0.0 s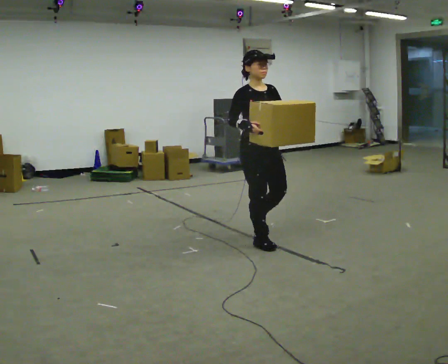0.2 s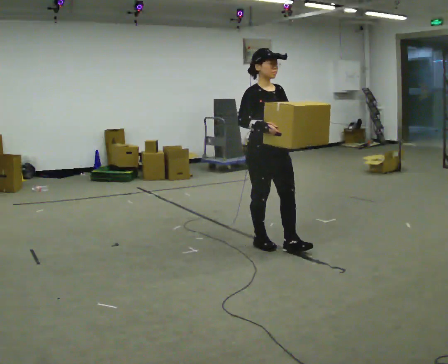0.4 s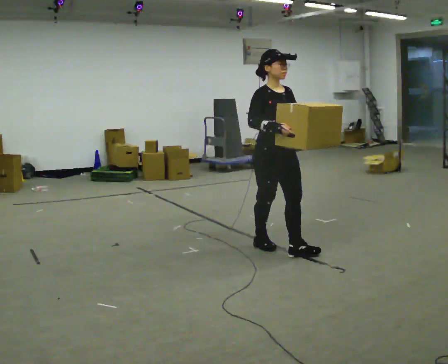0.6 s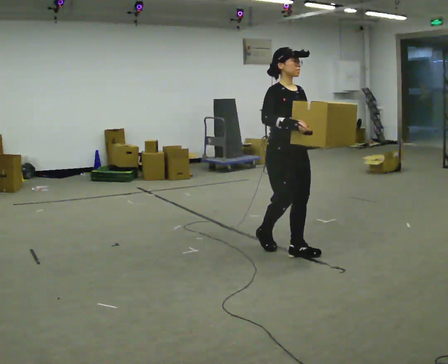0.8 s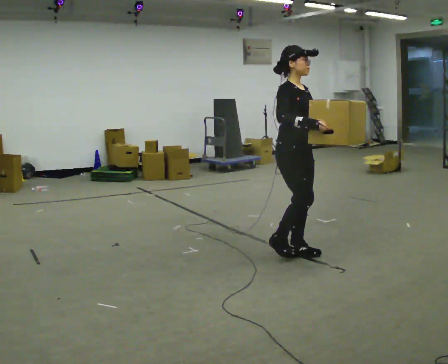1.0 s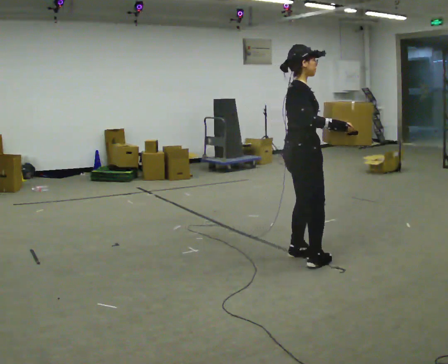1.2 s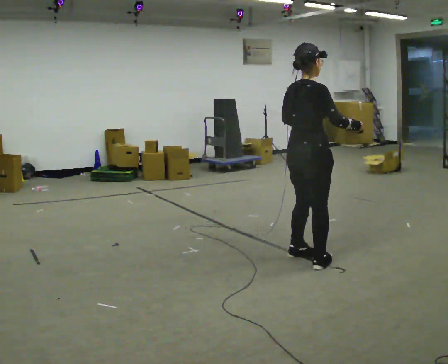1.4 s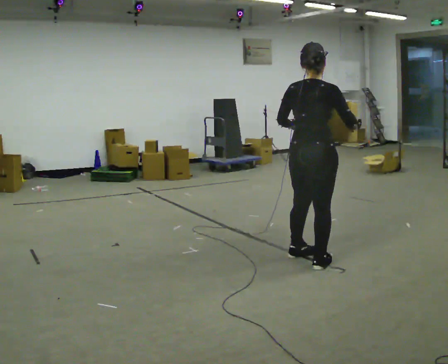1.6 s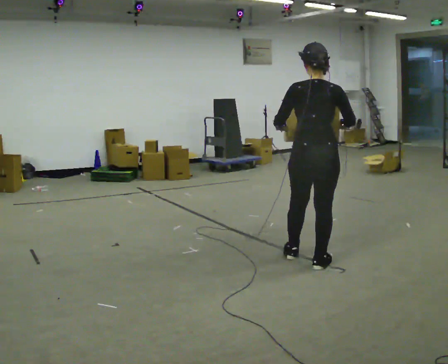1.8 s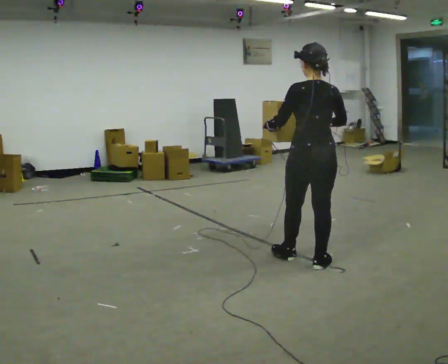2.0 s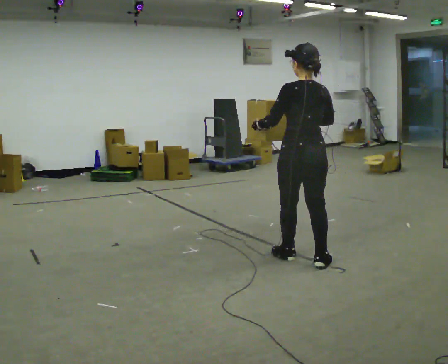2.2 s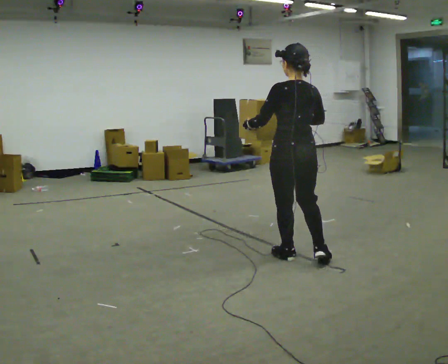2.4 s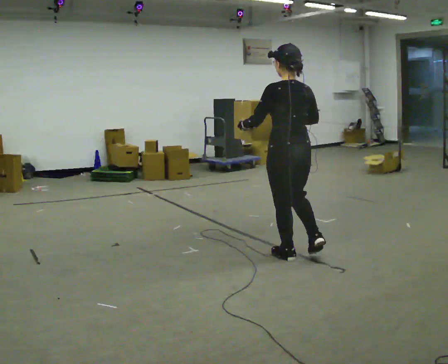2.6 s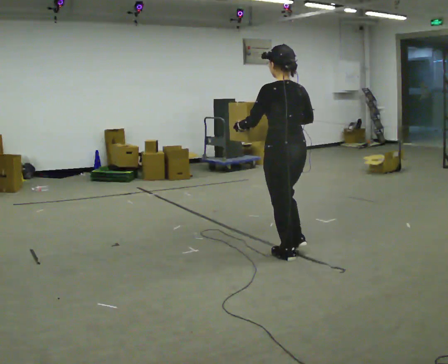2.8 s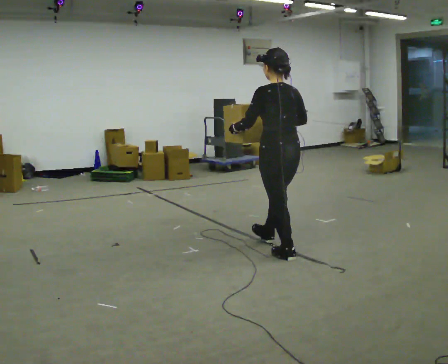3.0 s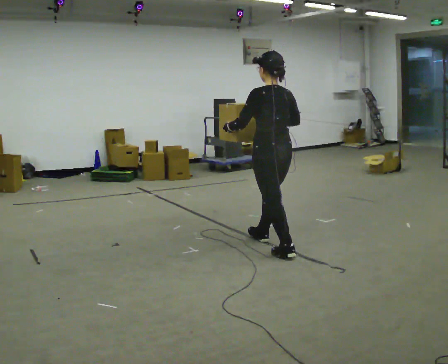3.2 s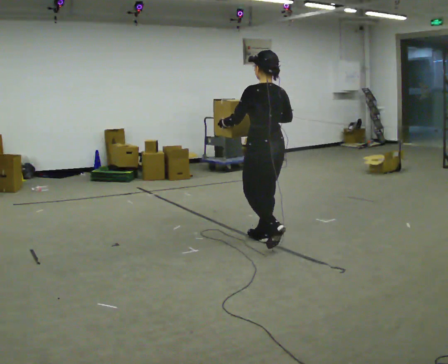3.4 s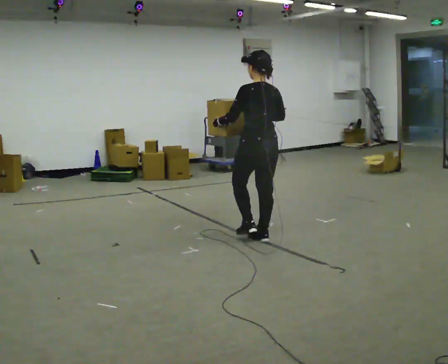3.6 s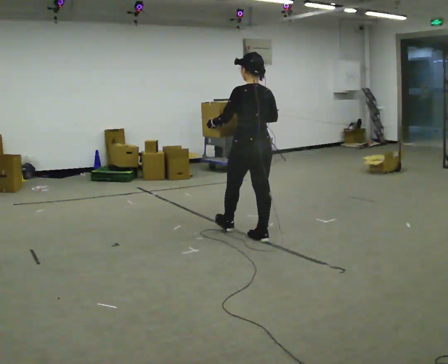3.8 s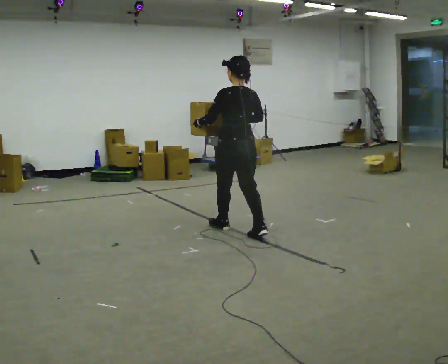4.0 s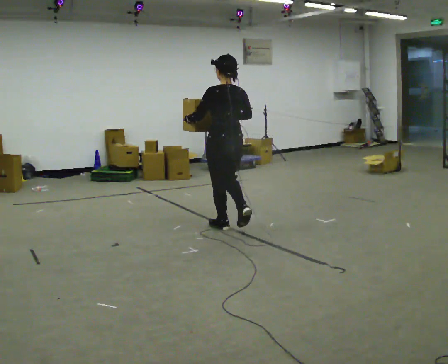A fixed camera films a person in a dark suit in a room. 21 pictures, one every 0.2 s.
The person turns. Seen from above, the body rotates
counterclockwise.
The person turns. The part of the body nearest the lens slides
to the right.
0.0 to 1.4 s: The person turns about 105 degrees to their left, counterclockwise seen from above, so the part of the body nearest the lens slides to the right. In the picture they go toward the camera and to the right, about 0.75 m in 2 steps.
1.4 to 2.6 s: Seen from above the body turns counterclockwise, about 60 degrees: to their left, with its near side sliding to the right. In the picture they go to the left, about 0.25 m. In the picture their right hand goes to the left.
2.6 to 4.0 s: In the picture they go away from the camera and to the left, about 1 m in 2 steps, which for them is forward.
The film runs forward here.
